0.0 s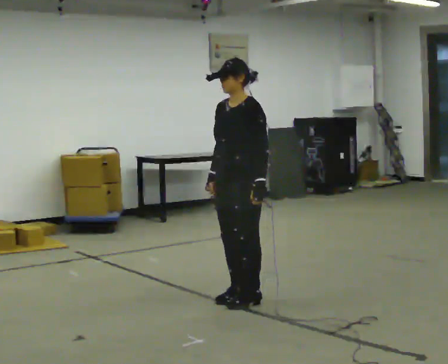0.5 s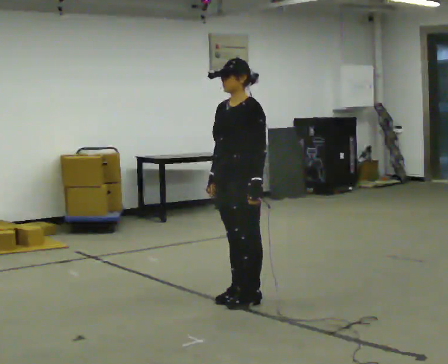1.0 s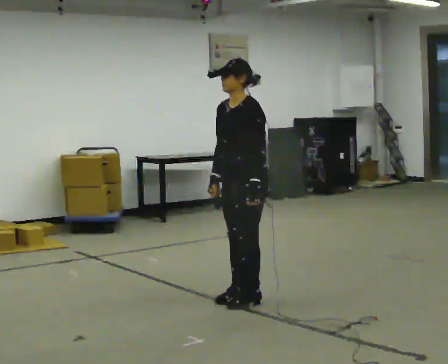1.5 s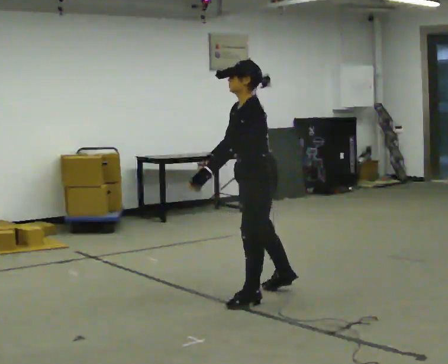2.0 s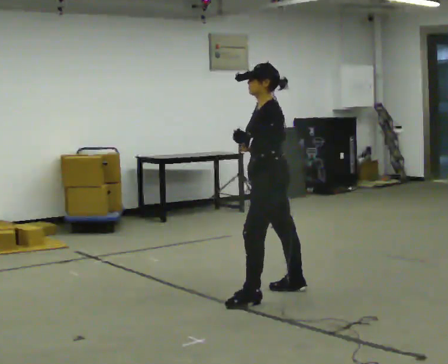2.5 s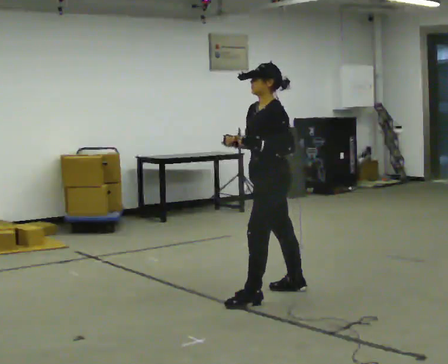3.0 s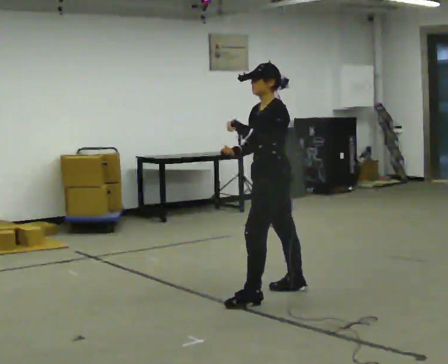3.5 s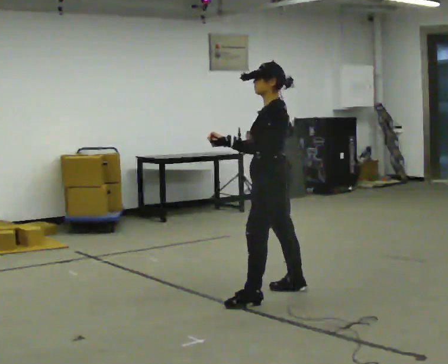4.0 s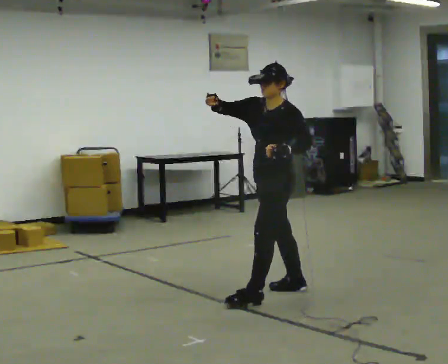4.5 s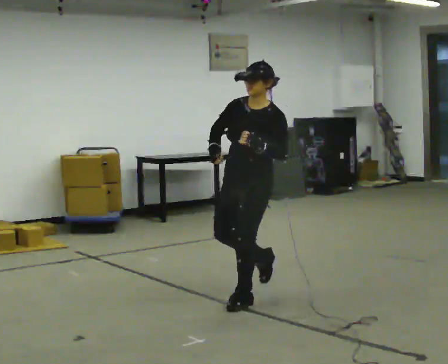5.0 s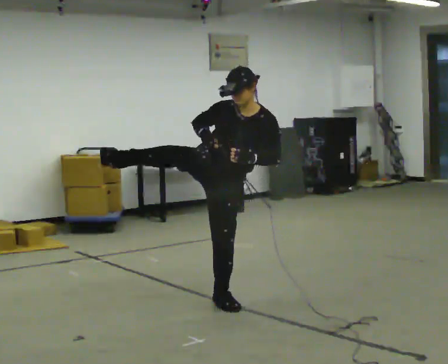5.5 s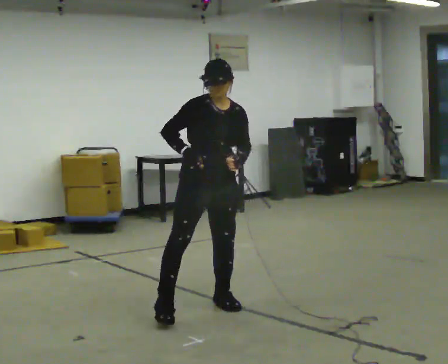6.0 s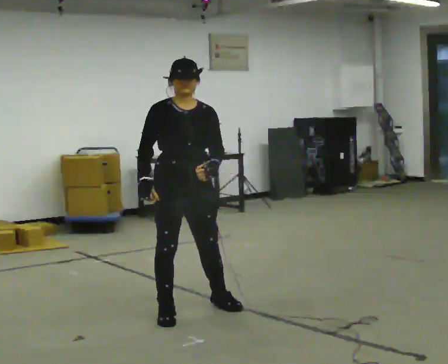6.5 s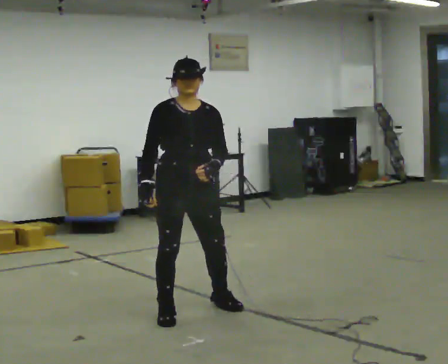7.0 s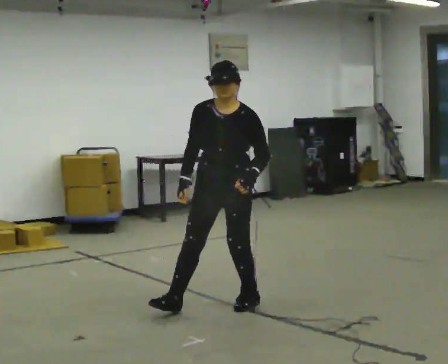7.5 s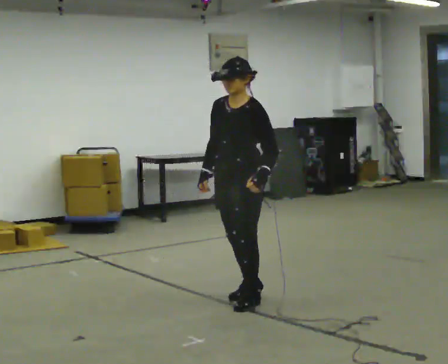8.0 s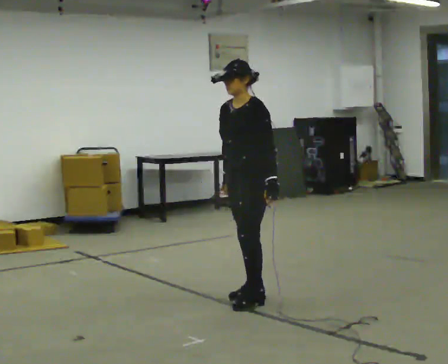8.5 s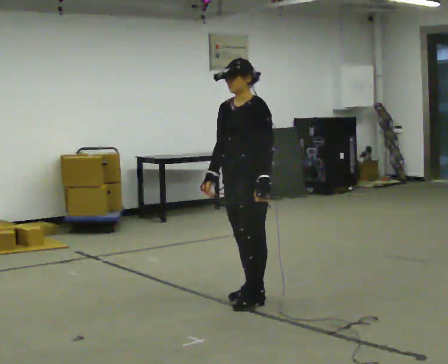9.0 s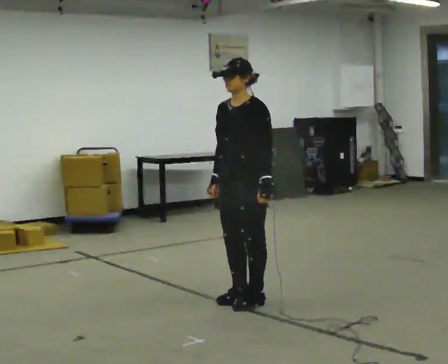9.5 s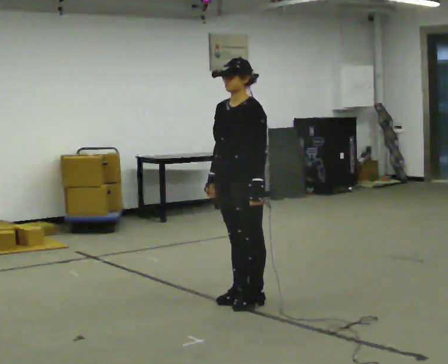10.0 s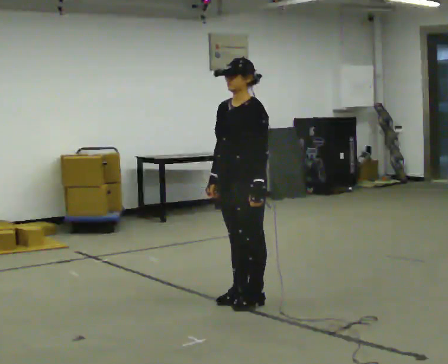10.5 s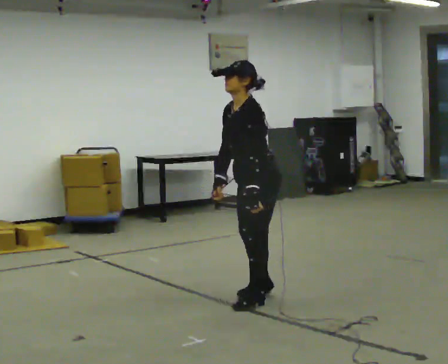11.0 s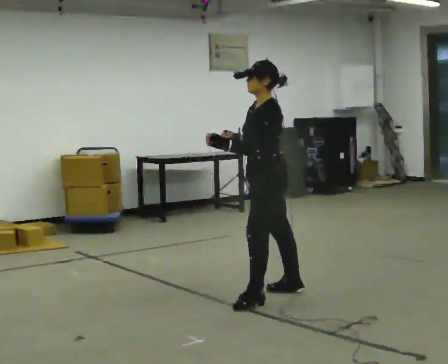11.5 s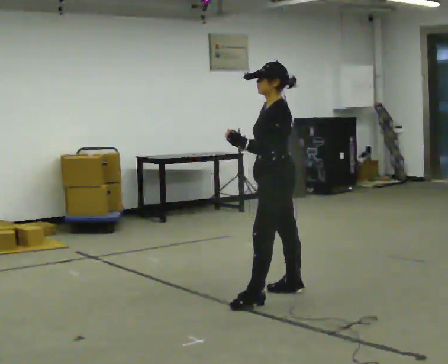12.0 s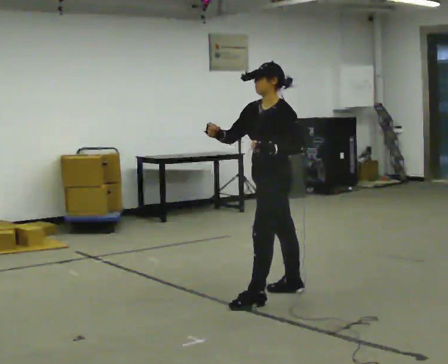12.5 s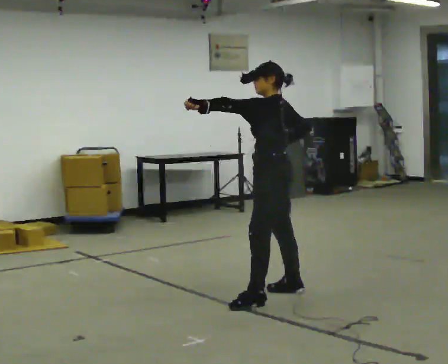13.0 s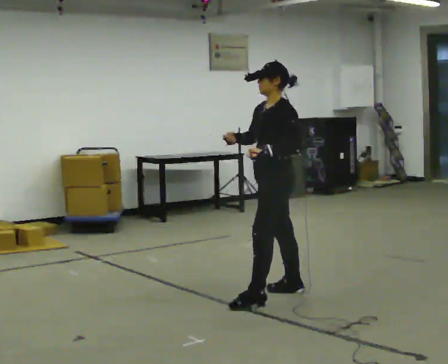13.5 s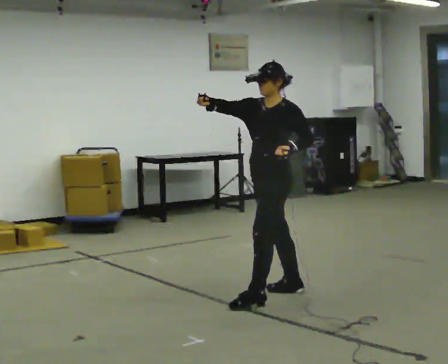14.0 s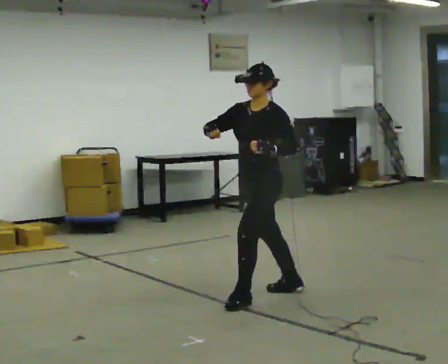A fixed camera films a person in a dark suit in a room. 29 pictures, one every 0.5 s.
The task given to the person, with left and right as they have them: Perform a slow martial arts form (https://youtu.be/ZMi83SPAP1Q?si=p1_31d3YaodeQQZT); kicks should be slow
0.0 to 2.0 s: The person turns about 45 degrees to their right, clockwise seen from above, so the part of the body nearest the lens slides to the left. In the picture they go to the right and away from the camera, about 0.25 m in 1 step, which for them is backward.
2.0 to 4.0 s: The part of the body nearest the lens slides to the right as the person turns to their left by about 30 degrees.
4.0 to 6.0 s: Seen from above the body turns counterclockwise, about 90 degrees: to their left, with its near side sliding to the right. In the picture they go to the left and toward the camera, about 1 m in 2 steps. In the picture their right hand goes downward.
6.0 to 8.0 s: The part of the body nearest the lens slides to the left as the person turns to their right by about 75 degrees. In the picture they go to the right and away from the camera, about 0.5 m in 2 steps.
8.0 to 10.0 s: The person moves a little, or ends about where they began.
10.0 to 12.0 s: In the picture they go to the right and away from the camera, about 0.25 m in 1 step, which for them is backward and to their right.
12.0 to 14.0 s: The person moves a little, or ends about where they began.
The film runs forward here.
